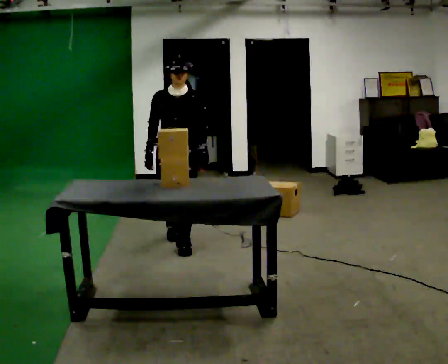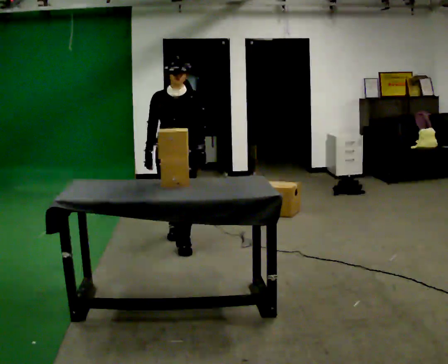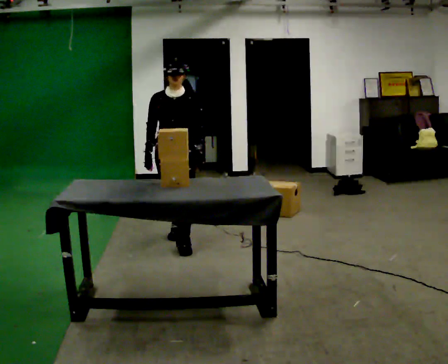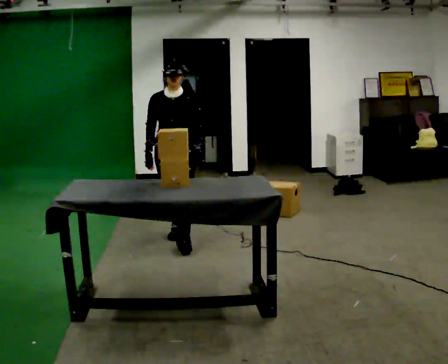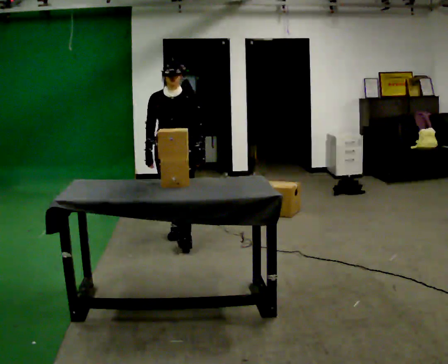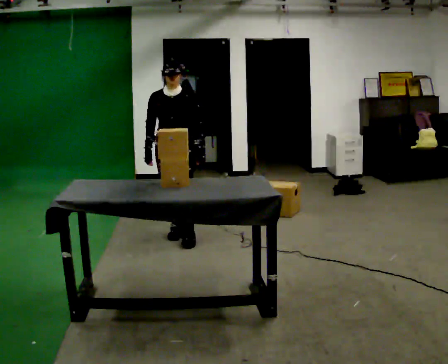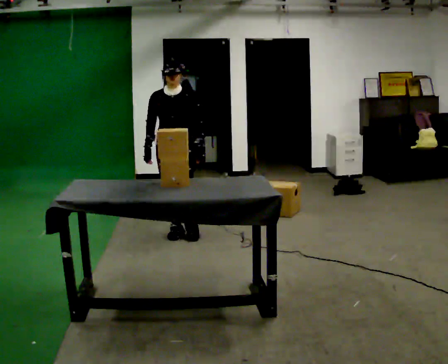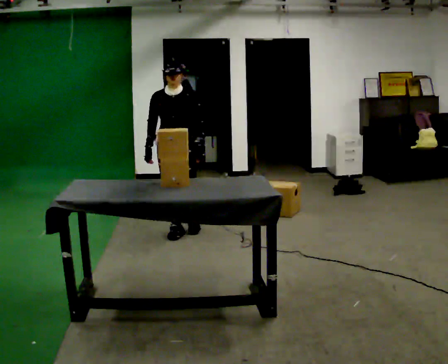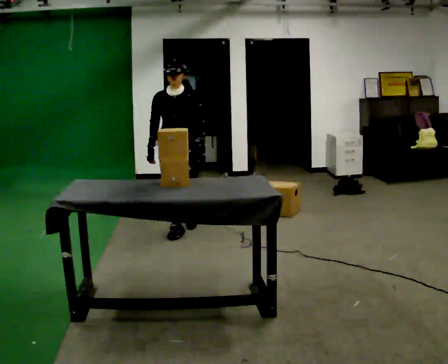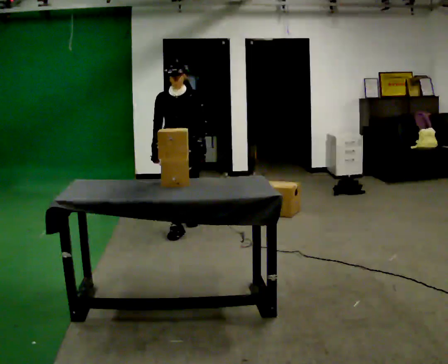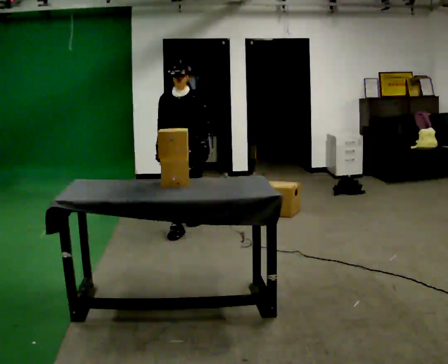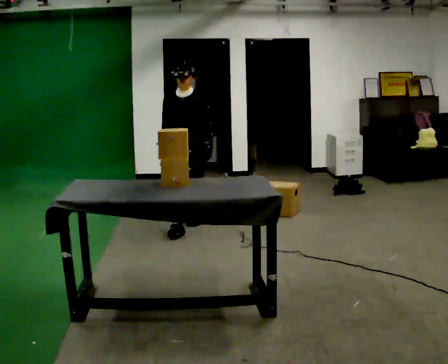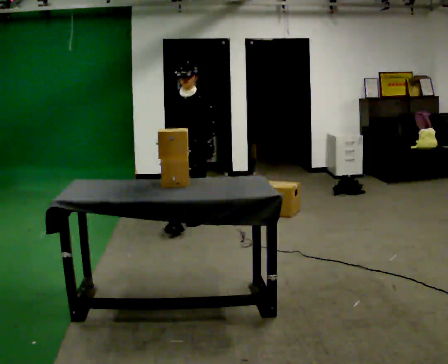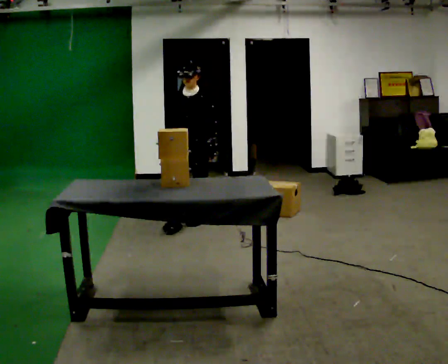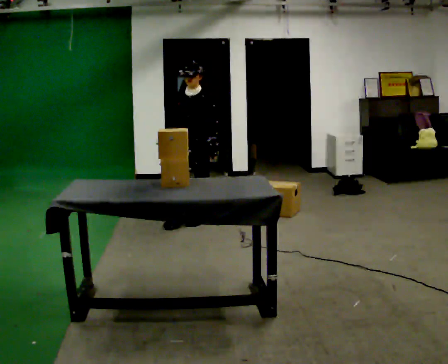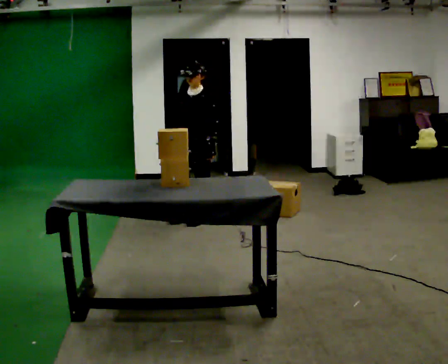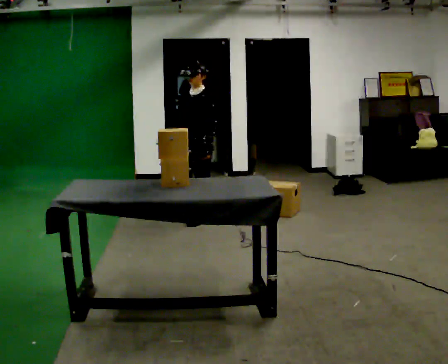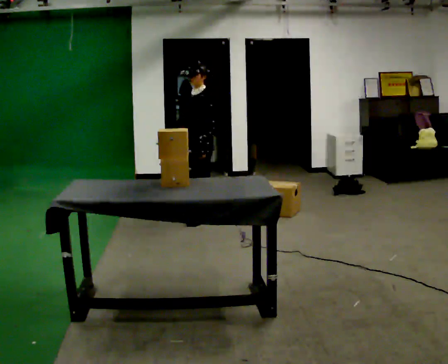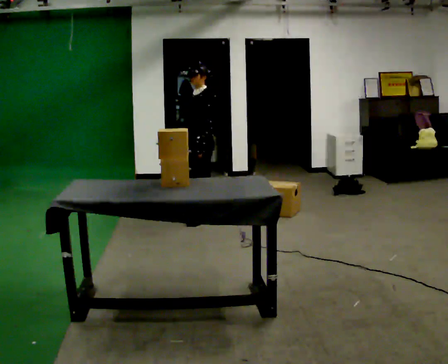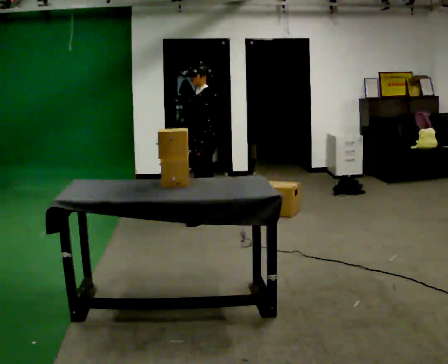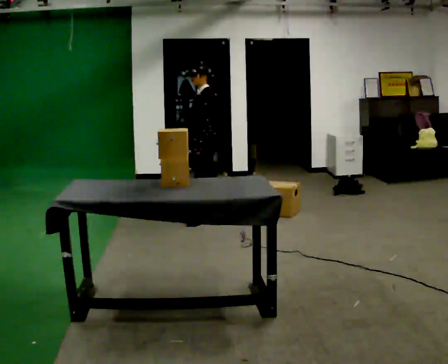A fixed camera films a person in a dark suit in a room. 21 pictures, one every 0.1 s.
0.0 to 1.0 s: In the picture they go away from the camera, about 0.5 m in 1 step, which for them is backward.
1.0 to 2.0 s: Seen from above the body turns clockwise, about 75 degrees: to their right, with its near side sliding to the left. In the picture they go away from the camera and to the right, about 0.5 m in 1 step.
The film runs backward here.
